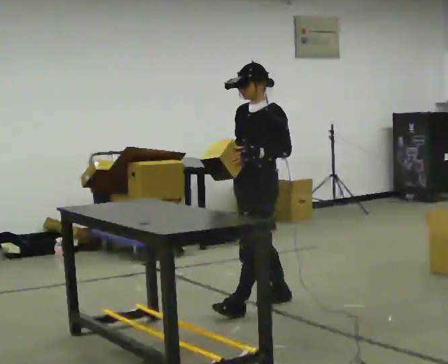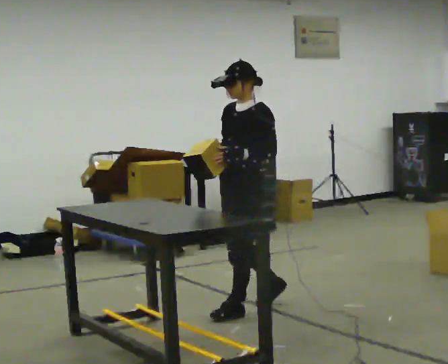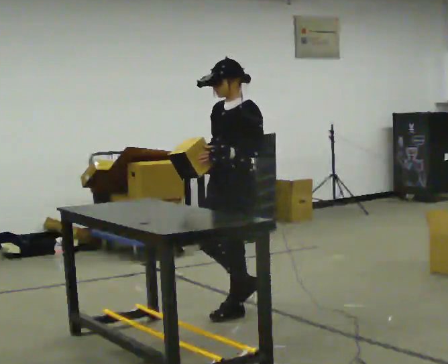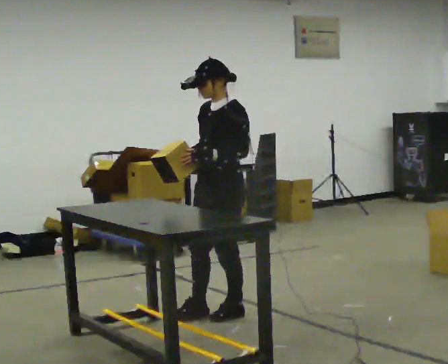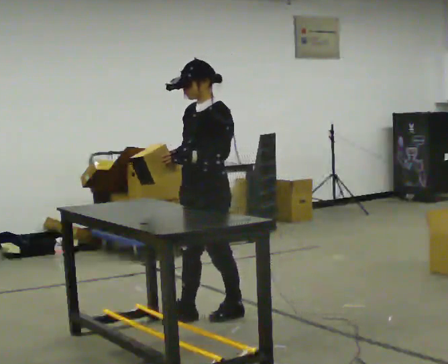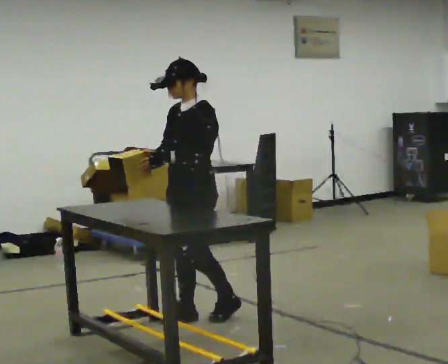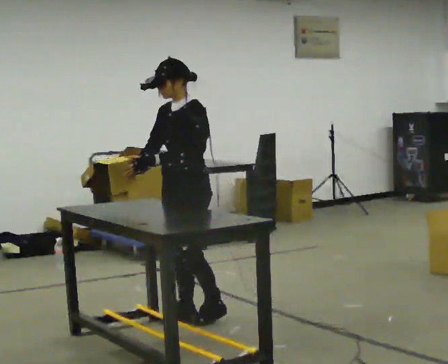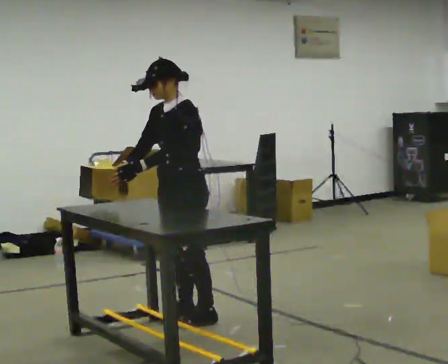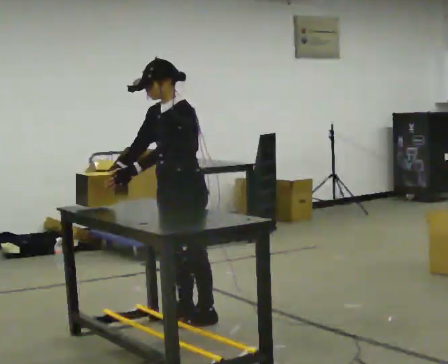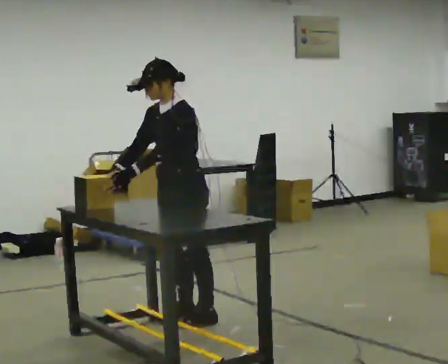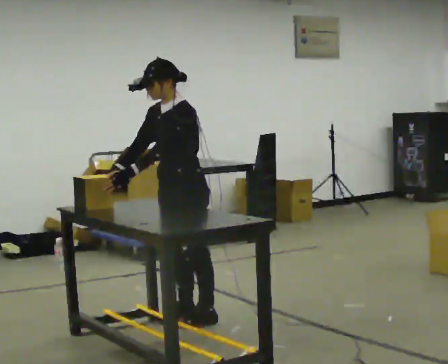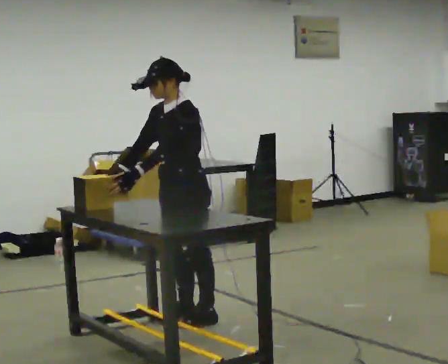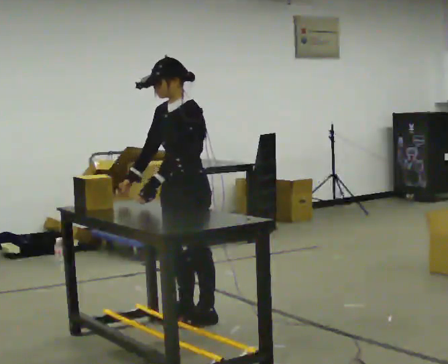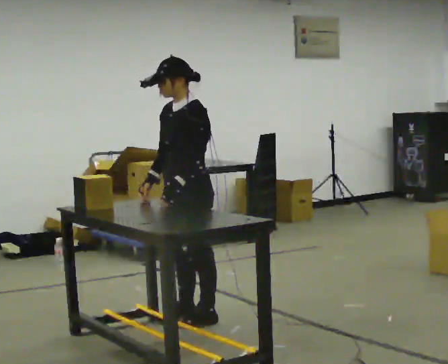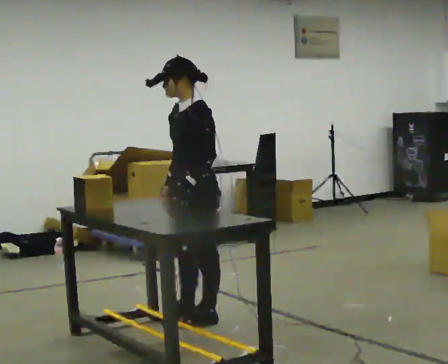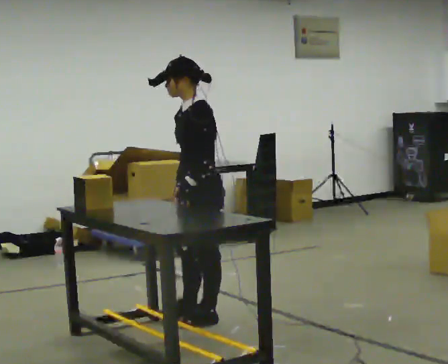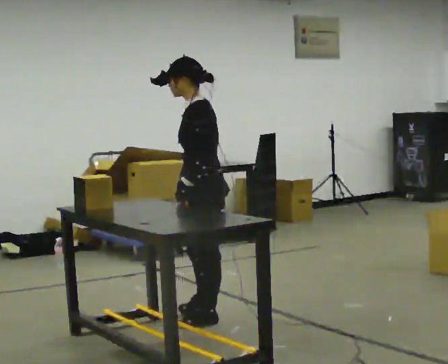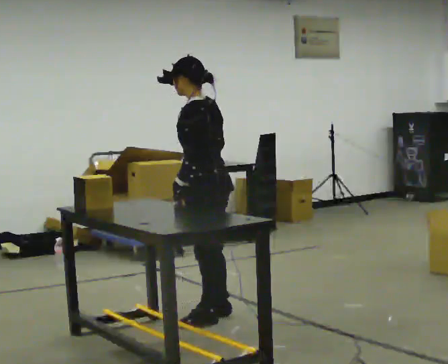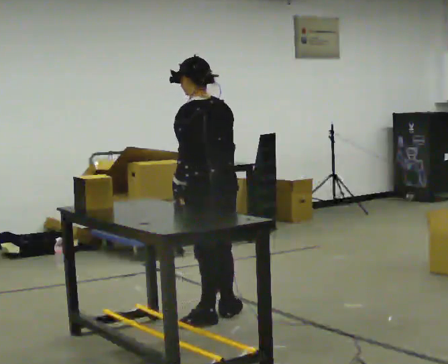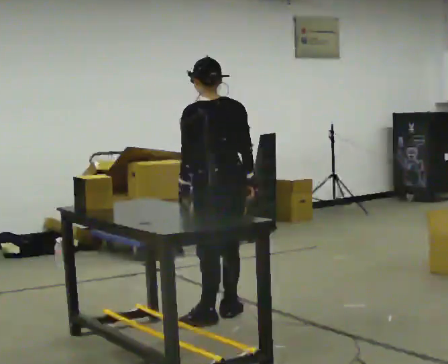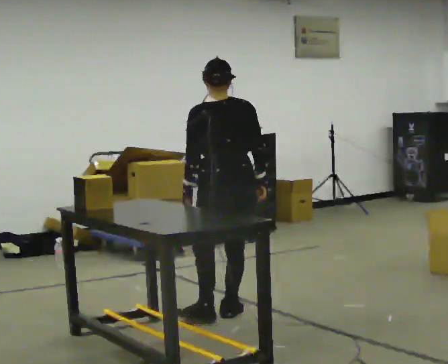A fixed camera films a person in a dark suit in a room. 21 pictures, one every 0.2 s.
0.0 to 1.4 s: In the picture they go to the left and toward the camera, about 0.5 m in 3 steps, which for them is forward.
1.4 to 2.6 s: The person moves a little, or ends about where they began.
2.6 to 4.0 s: Seen from above the body turns clockwise, about 105 degrees: to their right, with its near side sliding to the left. In the picture they go to the right, about 0.25 m in 1 step. In the picture their right hand goes to the right, the arm swinging counterclockwise.
The film runs forward here.
